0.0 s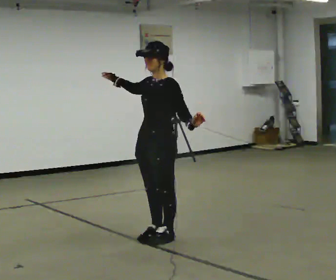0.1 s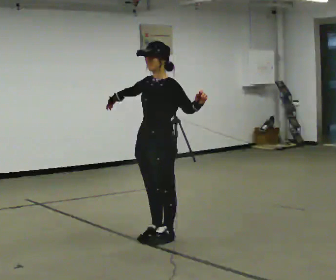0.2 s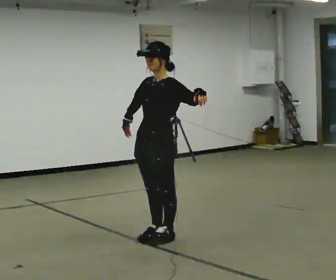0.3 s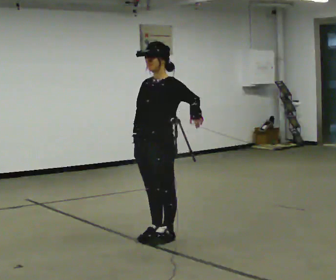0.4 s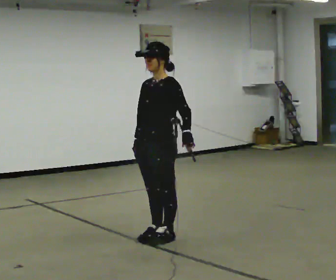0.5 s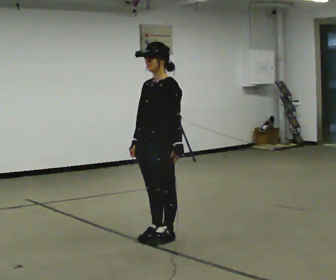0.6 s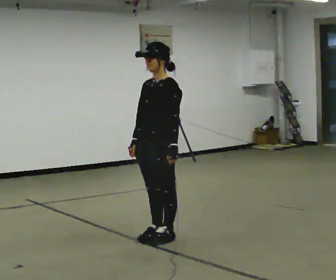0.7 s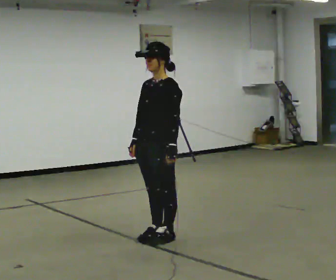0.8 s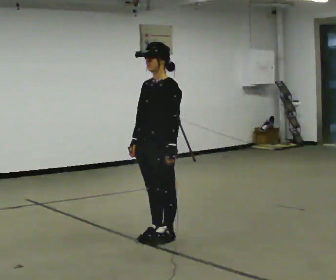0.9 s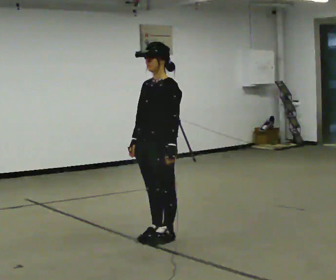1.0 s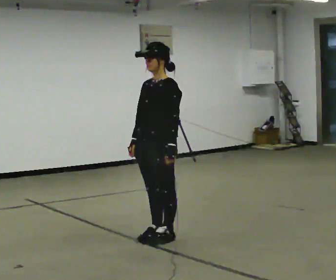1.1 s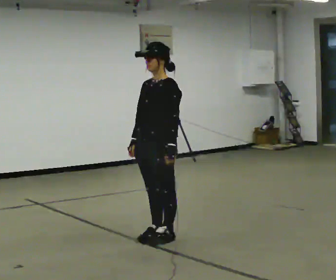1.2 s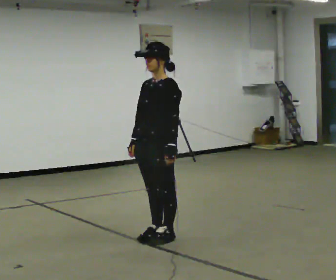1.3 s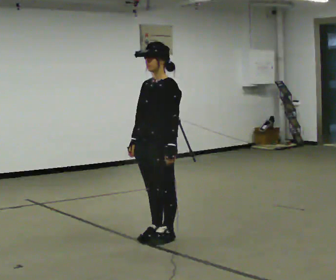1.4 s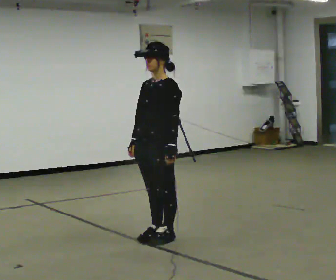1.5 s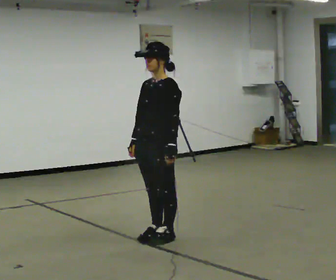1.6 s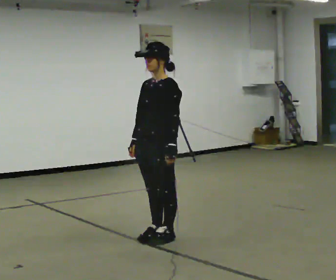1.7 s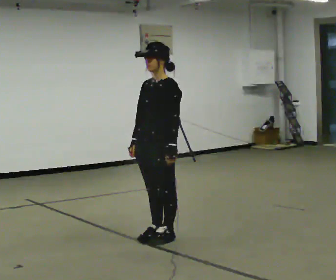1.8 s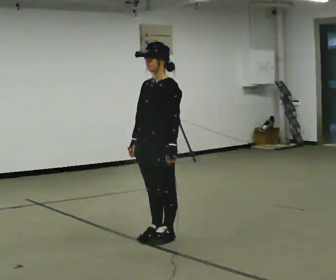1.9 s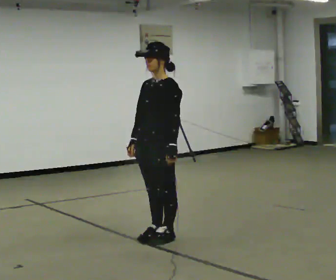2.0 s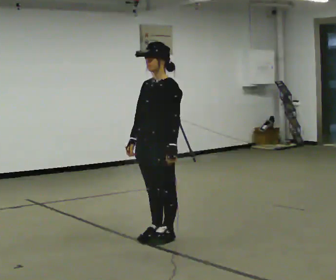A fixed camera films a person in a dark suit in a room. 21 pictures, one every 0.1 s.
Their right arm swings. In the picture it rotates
counterclockwise.
Their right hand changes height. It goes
downward.
0.0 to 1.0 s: In the picture their right hand goes downward, the arm swinging counterclockwise.
1.0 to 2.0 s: The person keeps their place and pose.
The film runs backward here.
